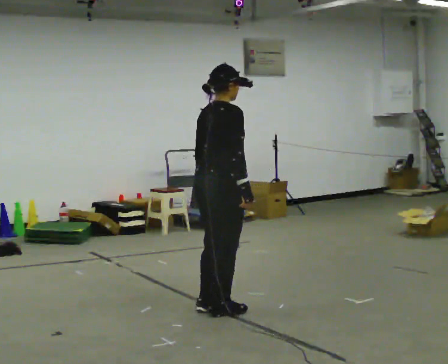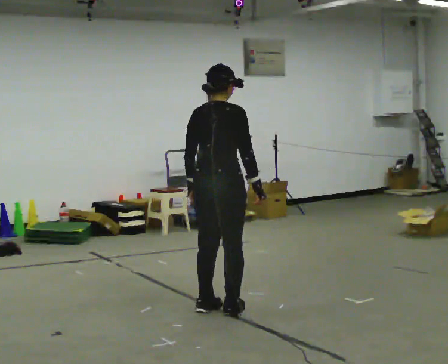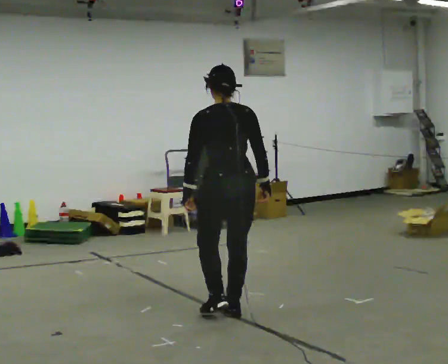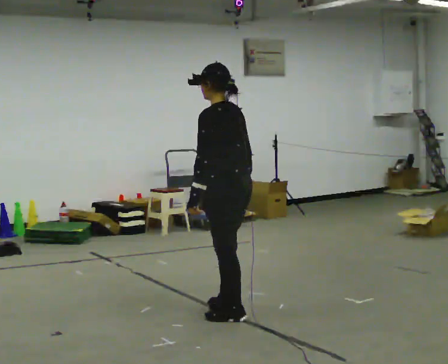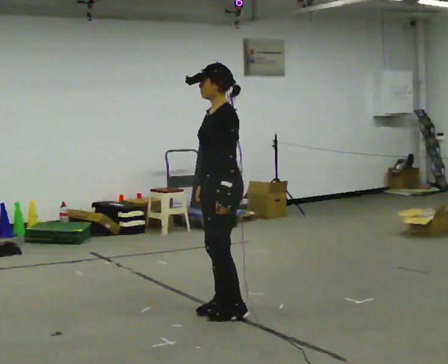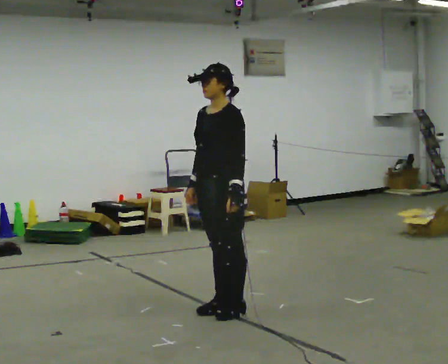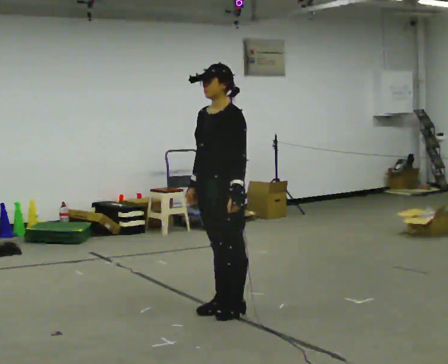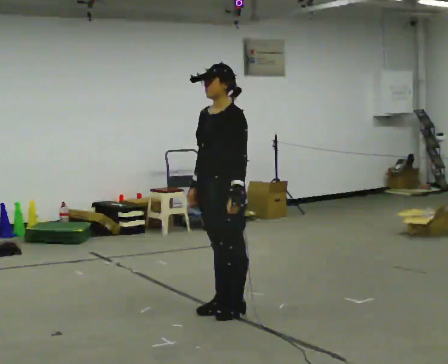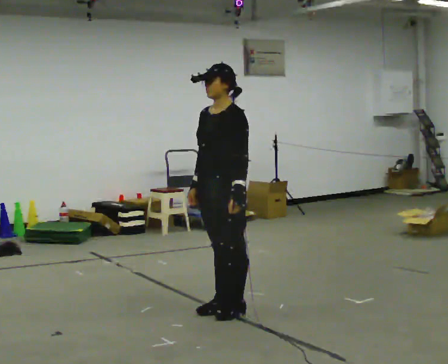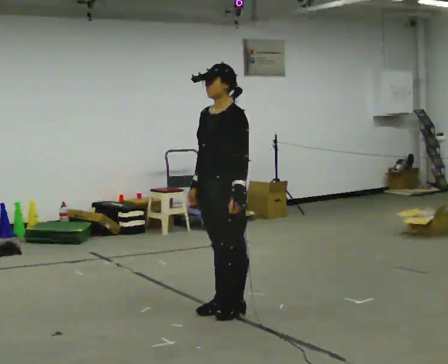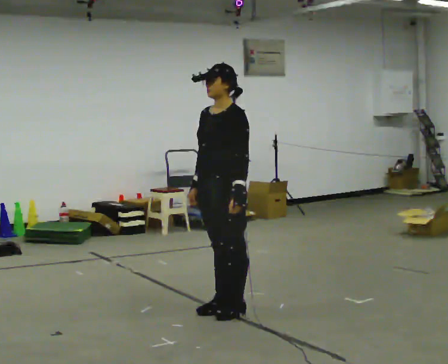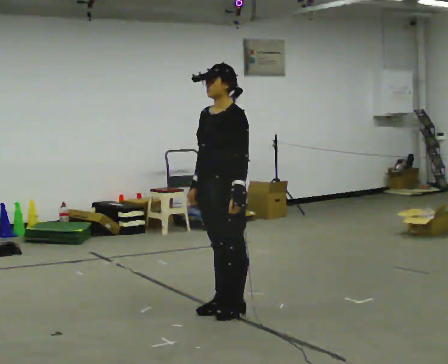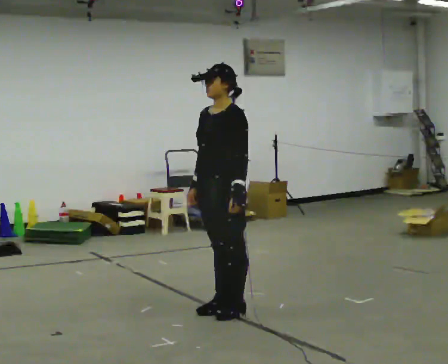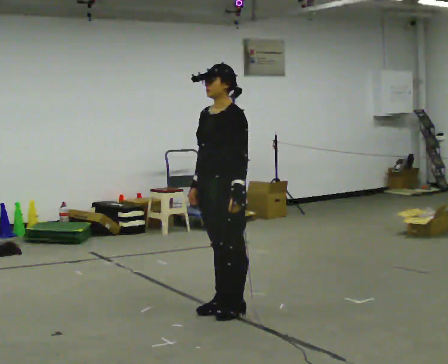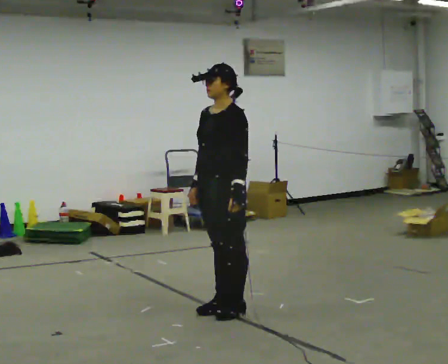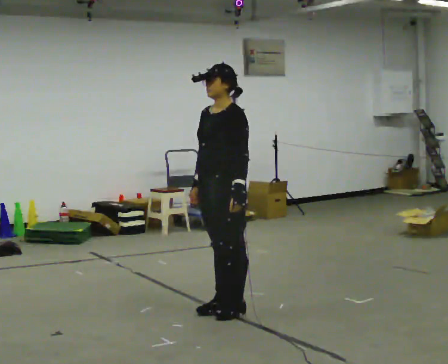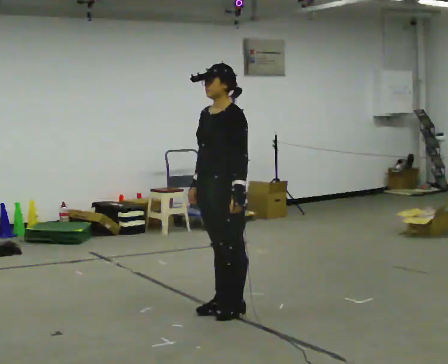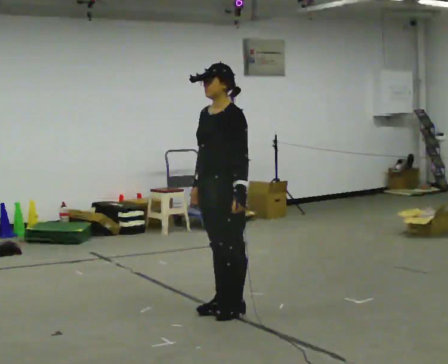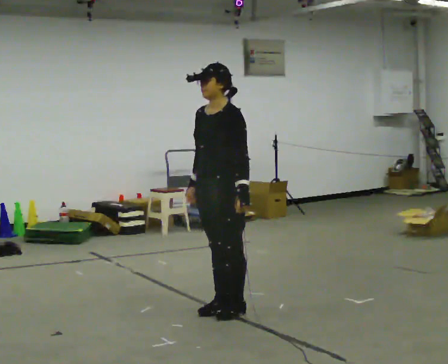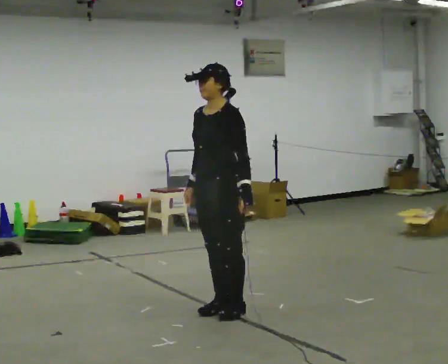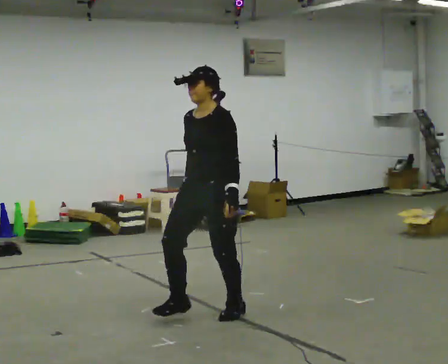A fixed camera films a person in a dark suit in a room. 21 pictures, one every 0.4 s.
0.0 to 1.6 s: Seen from above the body turns counterclockwise, about 150 degrees: to their left, with its near side sliding to the right.
1.6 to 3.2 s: The person turns about 30 degrees to their left, counterclockwise seen from above, so the part of the body nearest the lens slides to the right.
3.2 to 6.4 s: The person keeps their place and pose.
6.4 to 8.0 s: The person moves a little, or ends about where they began.
The film runs backward here.
